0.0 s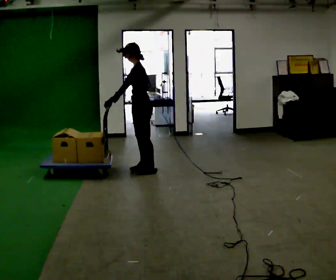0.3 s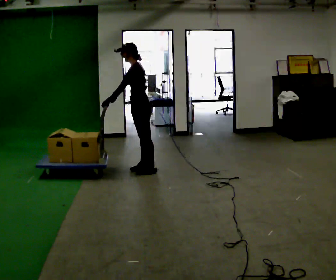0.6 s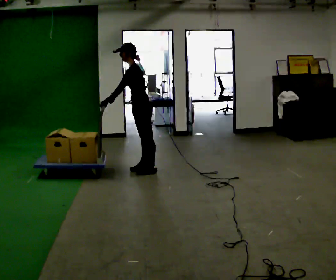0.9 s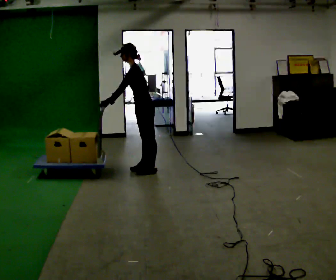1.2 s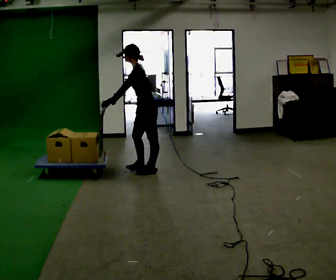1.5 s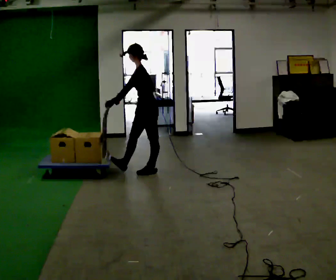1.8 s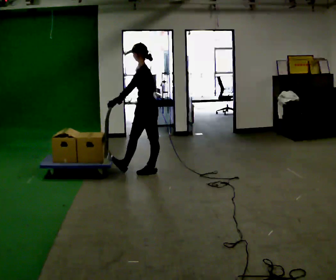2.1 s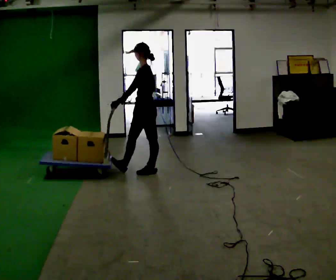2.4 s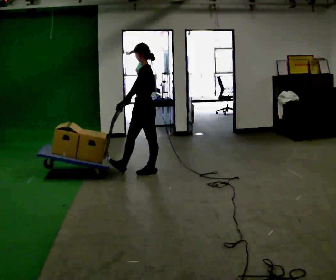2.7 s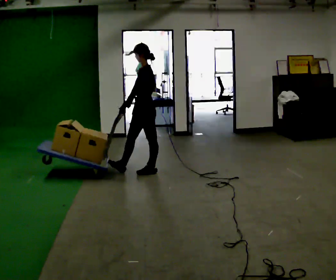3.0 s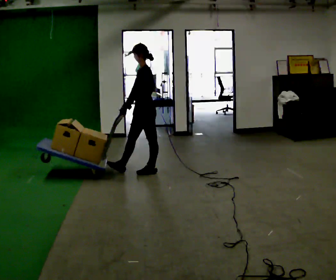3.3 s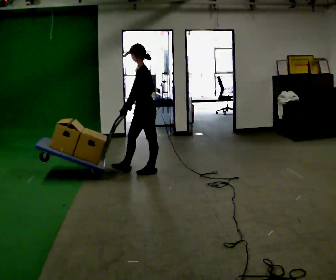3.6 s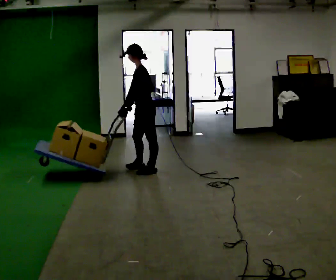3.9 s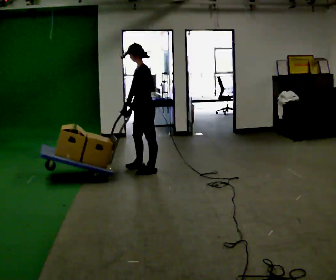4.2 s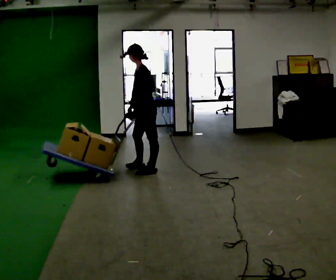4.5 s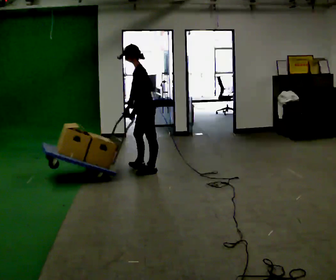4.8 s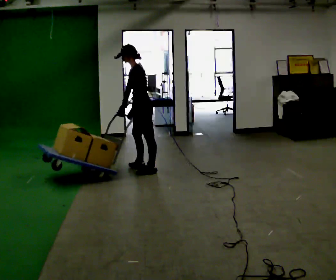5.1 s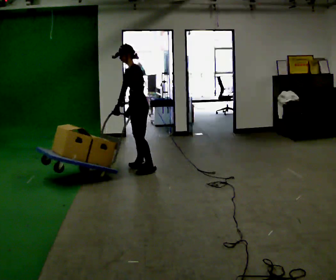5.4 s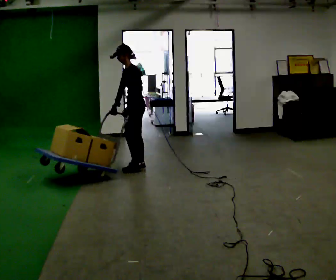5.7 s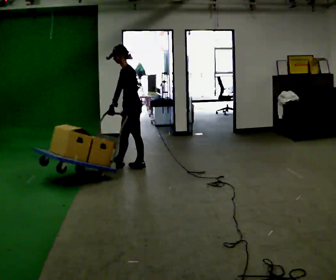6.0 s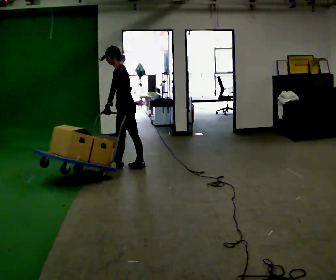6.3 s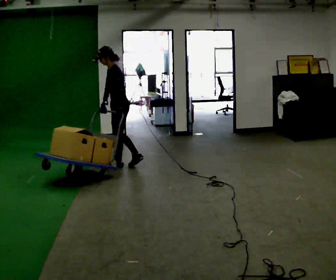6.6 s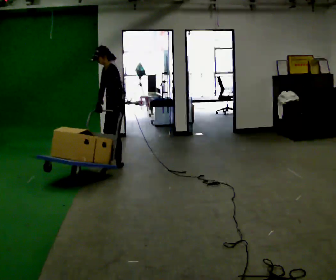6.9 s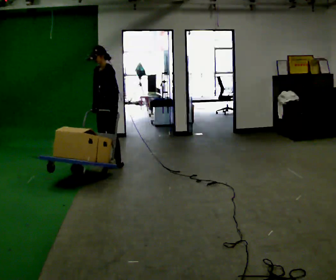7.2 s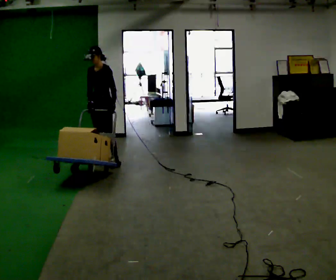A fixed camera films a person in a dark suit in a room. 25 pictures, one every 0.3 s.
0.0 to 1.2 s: The person moves a little, or ends about where they began.
1.2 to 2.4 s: In the picture the upper body tilts clockwise, shoulders to the right, as they lean back or straighten.
2.4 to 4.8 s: In the picture they go away from the camera, about 0.25 m in 1 step, which for them is to their right.
4.8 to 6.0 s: In the picture they go to the left, about 0.25 m in 1 step, which for them is forward and to their right.
6.0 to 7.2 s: The part of the body nearest the lens slides to the right as the person turns to their left by about 60 degrees. In the picture they go to the left and away from the camera, about 0.5 m in 1 step, which for them is to their right and forward.
The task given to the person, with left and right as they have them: Push the cart across the room and back. The operator will change how much is loaded on it between takes and will tell you each time.
The film runs forward here.
